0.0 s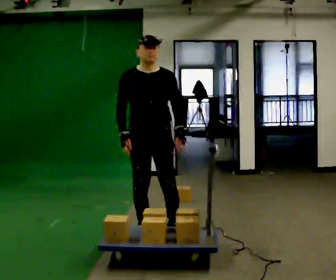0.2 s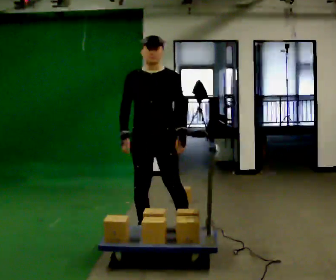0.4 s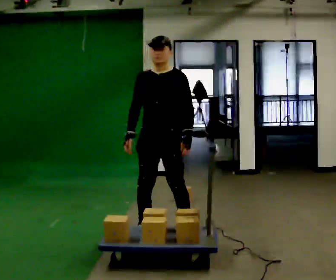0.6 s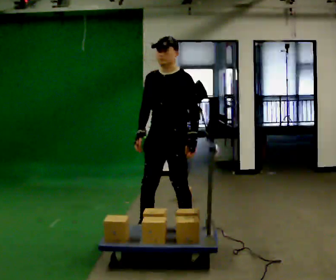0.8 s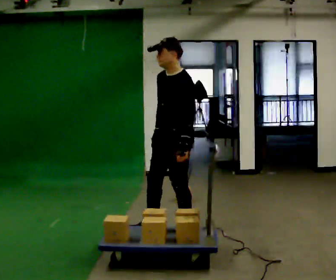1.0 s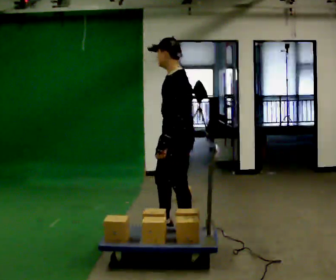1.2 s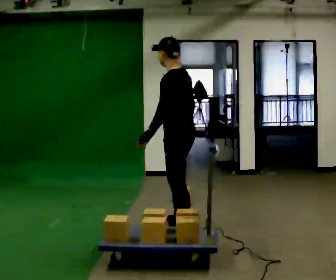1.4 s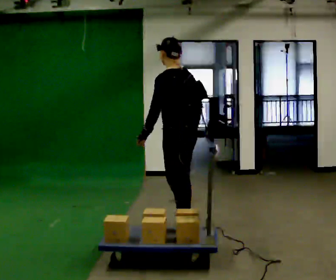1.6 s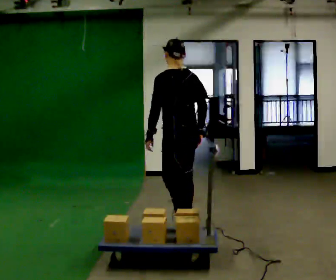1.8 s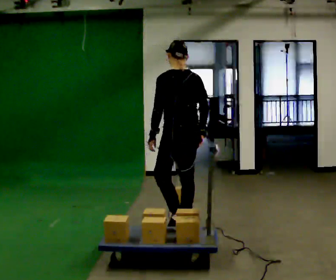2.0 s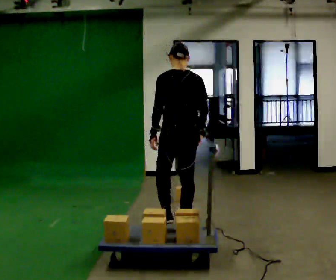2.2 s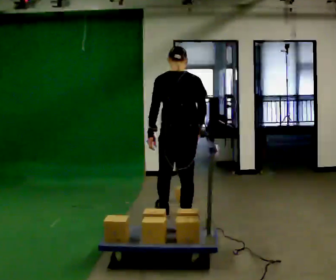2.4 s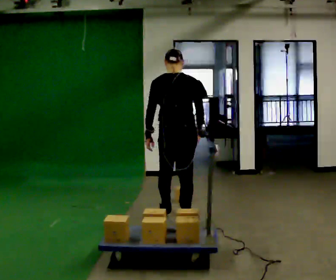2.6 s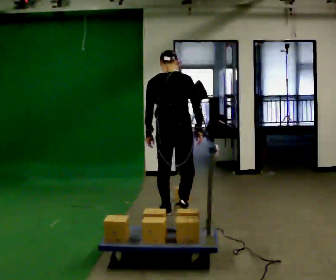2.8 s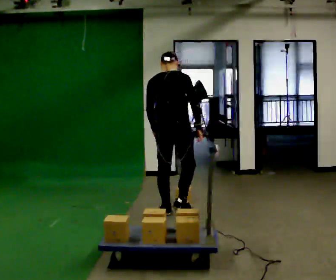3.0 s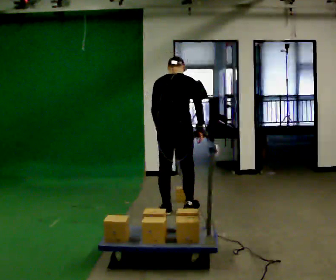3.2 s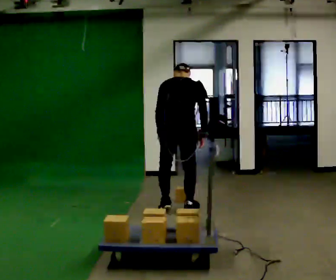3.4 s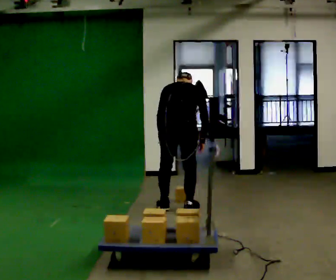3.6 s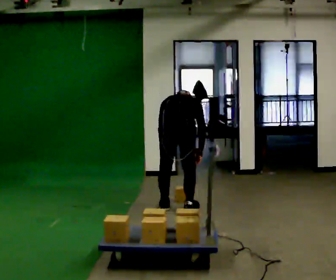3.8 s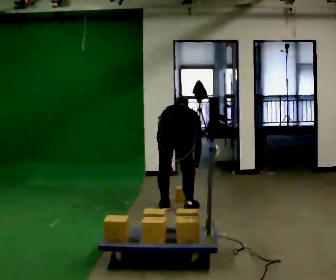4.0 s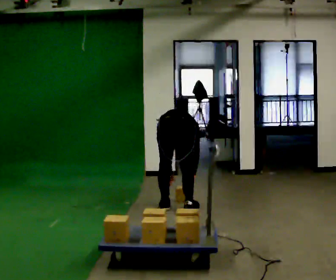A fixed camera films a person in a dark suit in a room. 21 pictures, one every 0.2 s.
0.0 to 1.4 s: The person turns about 120 degrees to their right, clockwise seen from above, so the part of the body nearest the lens slides to the left. In the picture they go to the right, about 0.25 m in 2 steps.
1.4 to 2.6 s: Seen from above the body turns clockwise, about 75 degrees: to their right, with its near side sliding to the left. In the picture they go away from the camera, about 0.5 m in 1 step.
2.6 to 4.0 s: In the picture they go away from the camera, about 0.25 m in 2 steps, which for them is forward. The upper body goes downward. The upper body tips away from the camera, its near side rolling upward, as they bend forward. In the picture their right hand goes downward.
The film runs forward here.
